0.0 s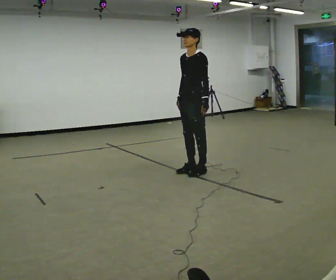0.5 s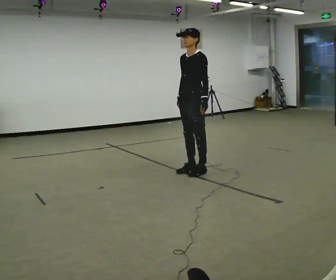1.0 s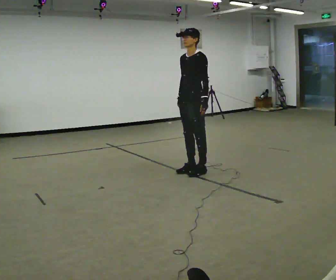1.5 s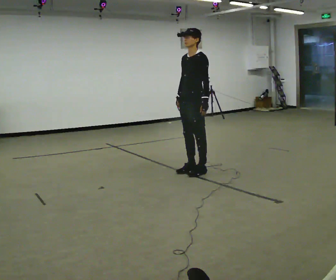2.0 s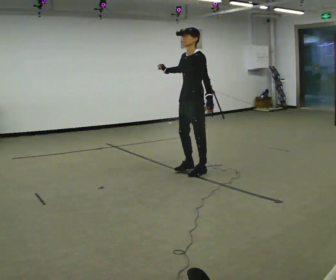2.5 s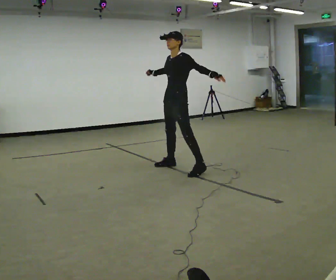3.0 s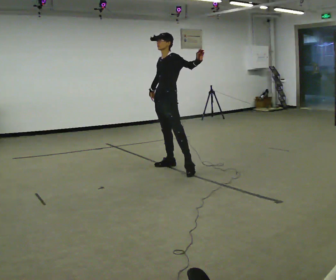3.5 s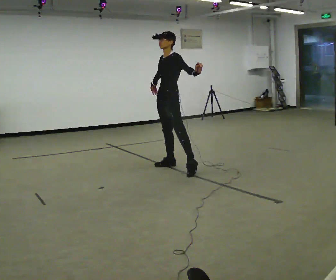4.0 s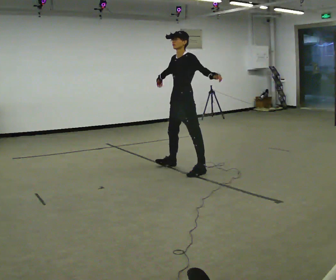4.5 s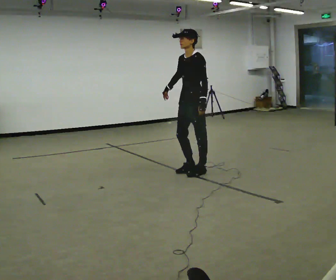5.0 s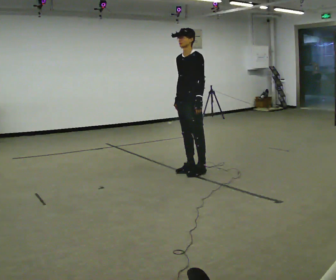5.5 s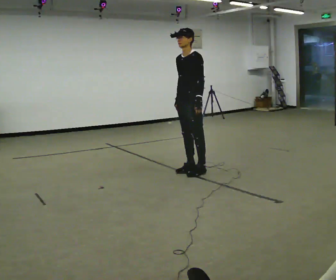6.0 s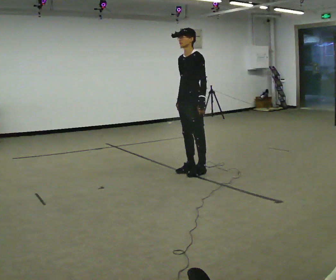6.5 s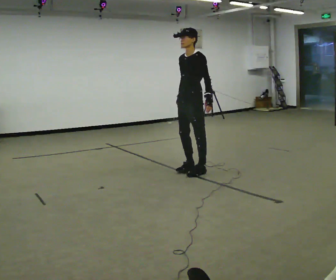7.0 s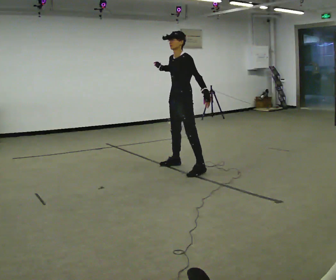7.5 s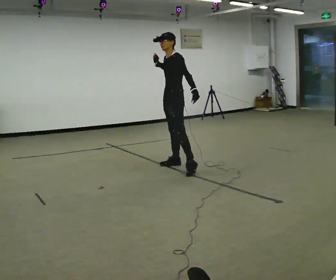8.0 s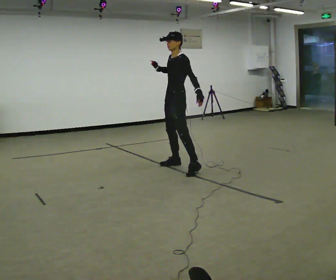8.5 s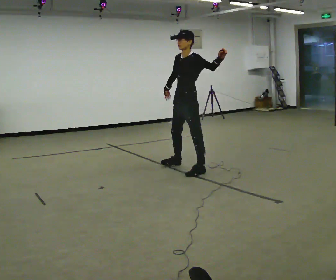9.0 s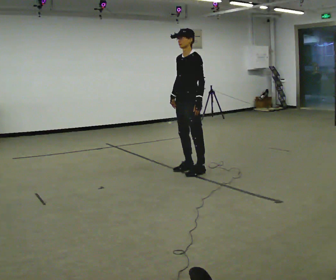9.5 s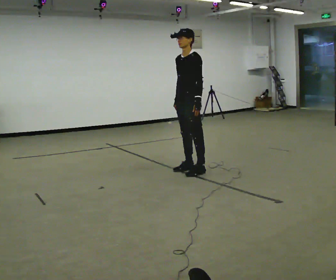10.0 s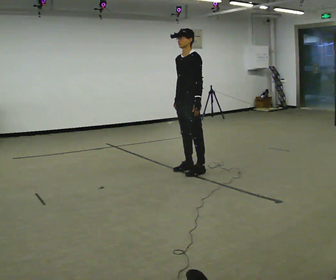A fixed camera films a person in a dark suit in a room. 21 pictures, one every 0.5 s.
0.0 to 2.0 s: In the picture their right hand goes upward, the arm swinging clockwise.
2.0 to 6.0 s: In the picture their right hand goes downward.
6.0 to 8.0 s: In the picture they go away from the camera and to the left, about 0.25 m in 3 steps, which for them is to their right. In the picture their right hand goes upward.
8.0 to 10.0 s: In the picture they go toward the camera and to the right, about 0.25 m in 1 step, which for them is to their left. In the picture their right hand goes downward.
The film runs backward here.
